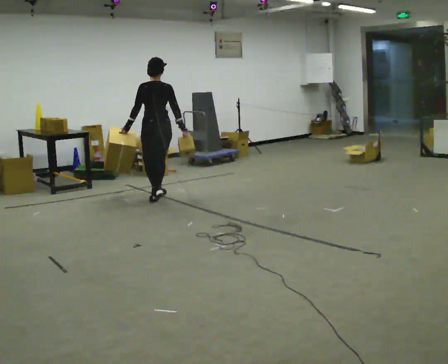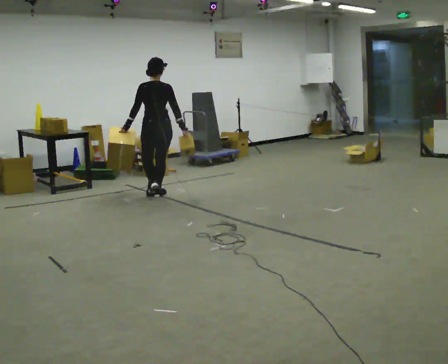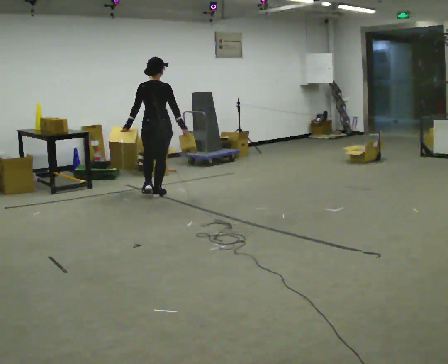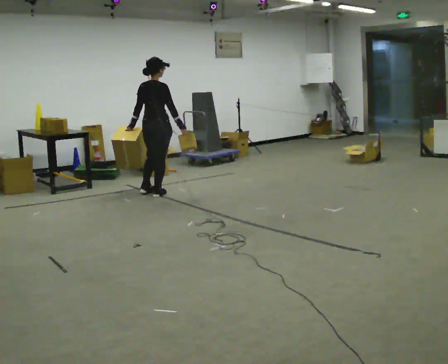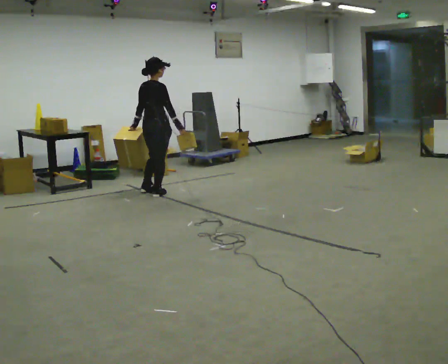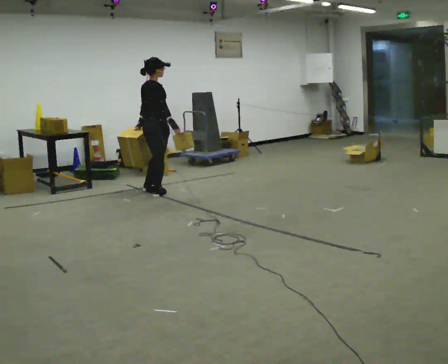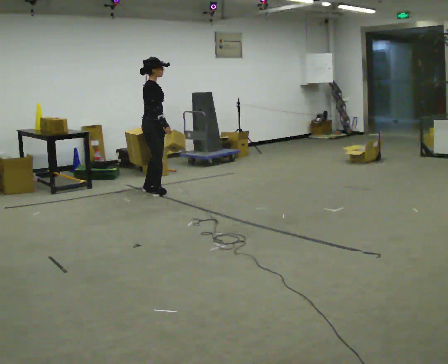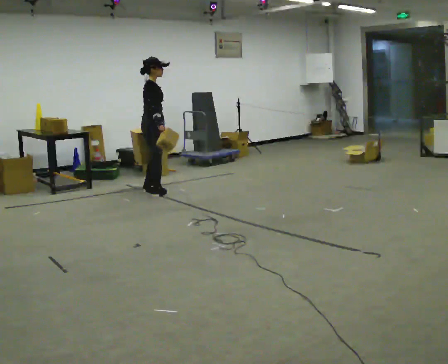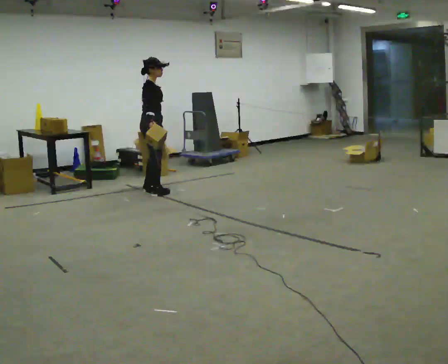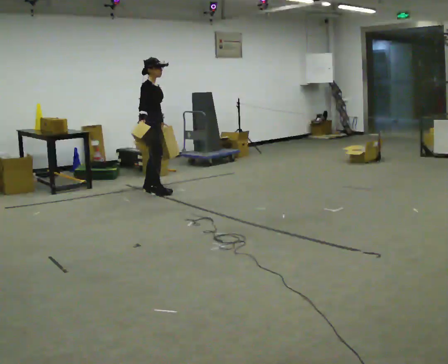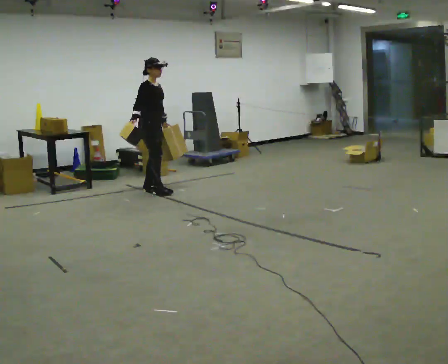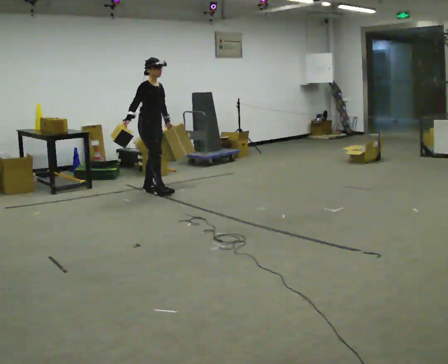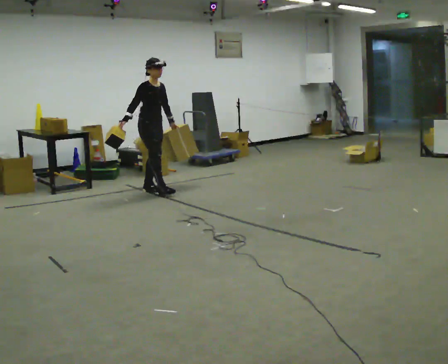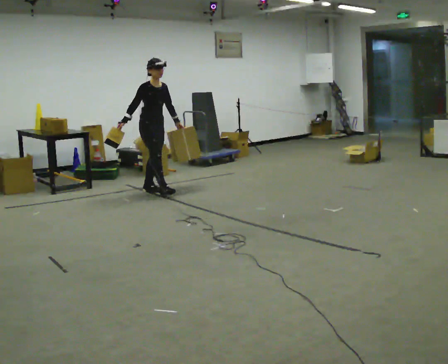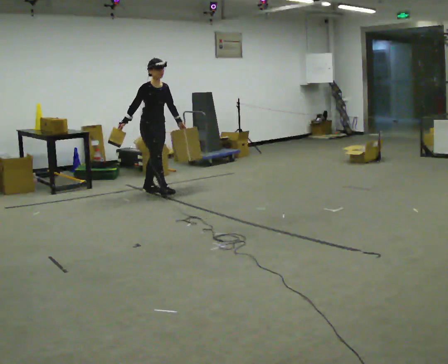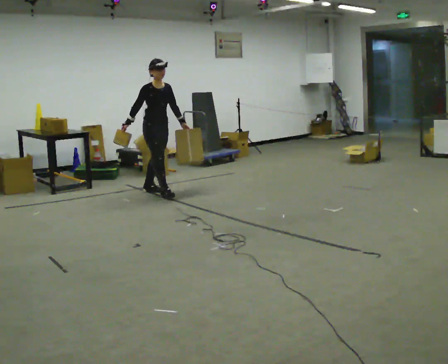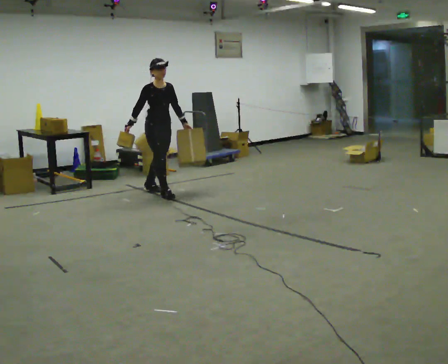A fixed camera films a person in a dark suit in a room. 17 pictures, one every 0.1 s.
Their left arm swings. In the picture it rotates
counterclockwise.
The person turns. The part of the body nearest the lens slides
to the left.
0.0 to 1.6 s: The person turns about 150 degrees to their right, clockwise seen from above, so the part of the body nearest the lens slides to the left. In the picture they go away from the camera, about 0.25 m in 1 step. In the picture their right hand goes to the left, the arm swinging clockwise.
The film runs forward here.
